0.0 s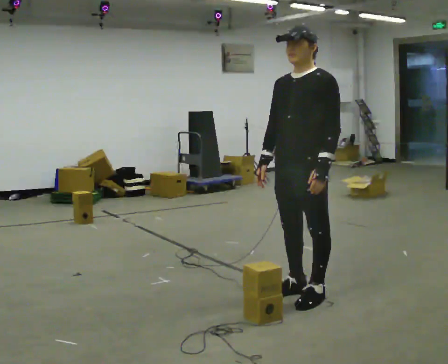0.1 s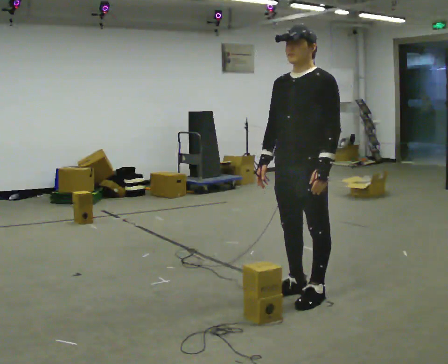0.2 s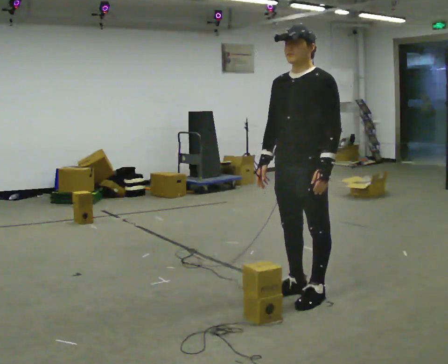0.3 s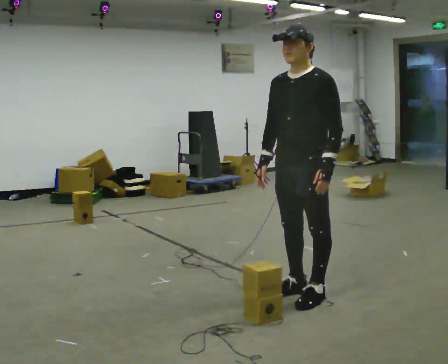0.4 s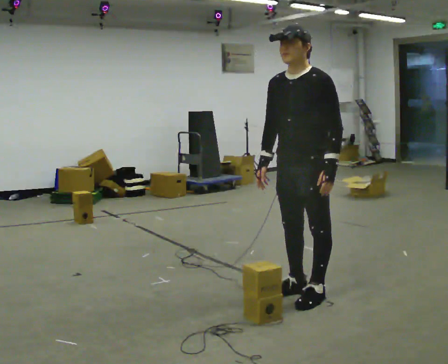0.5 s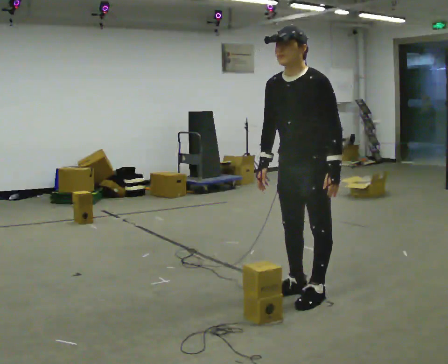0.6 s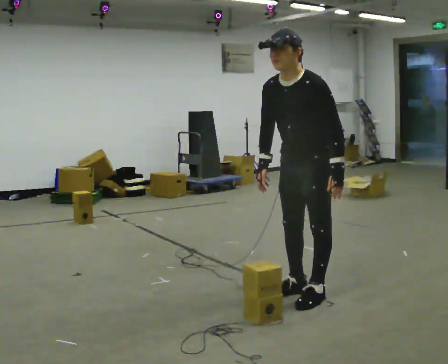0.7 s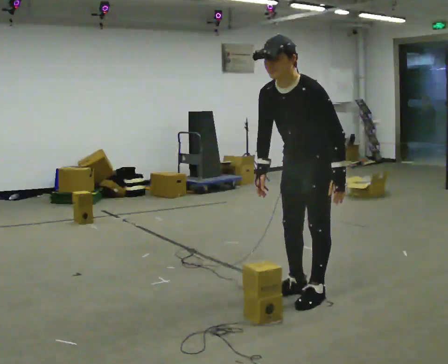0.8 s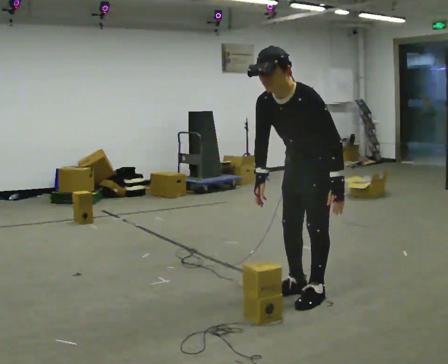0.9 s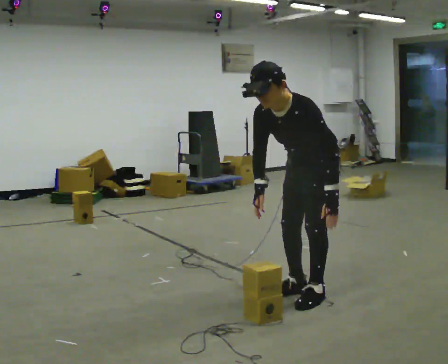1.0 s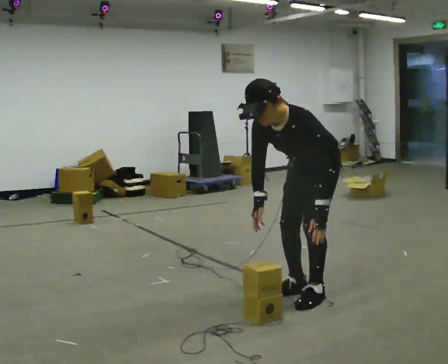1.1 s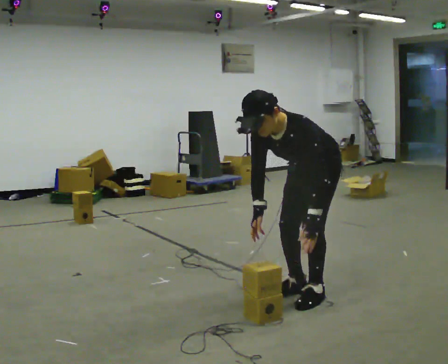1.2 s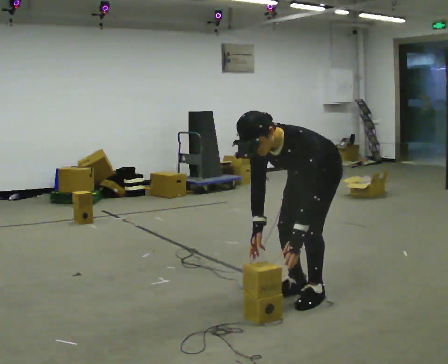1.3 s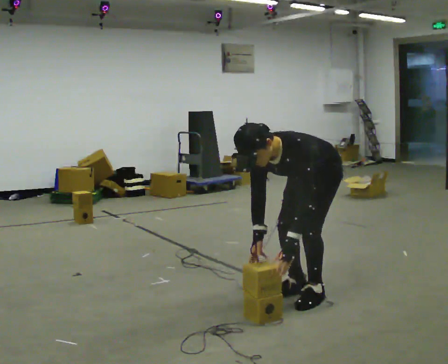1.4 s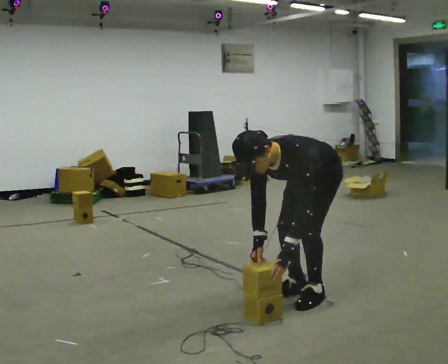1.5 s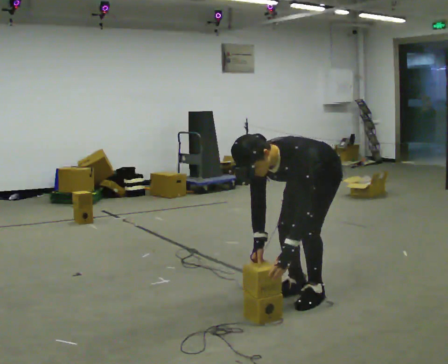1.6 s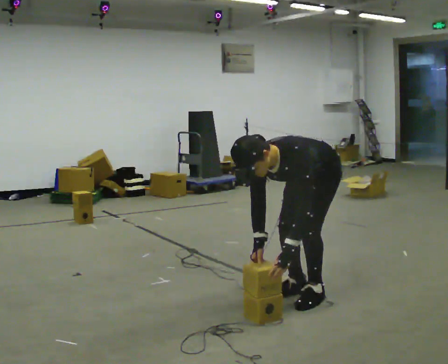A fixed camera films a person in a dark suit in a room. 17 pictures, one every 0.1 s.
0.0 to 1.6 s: In the picture they go away from the camera, about 0.25 m, which for them is backward. The upper body goes downward. The upper body tips toward the camera, its near side rolling downward, as they bend forward. In the picture their right hand goes downward.
The film runs backward here.
